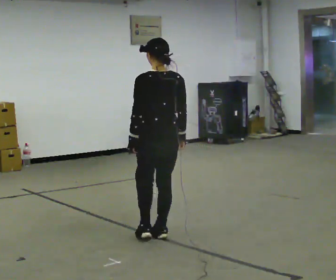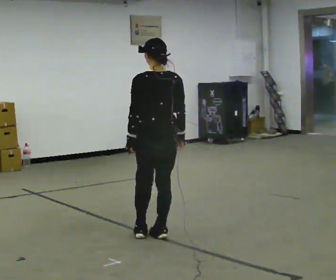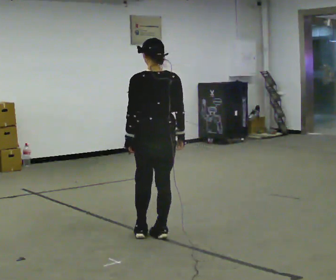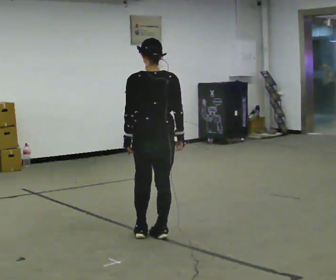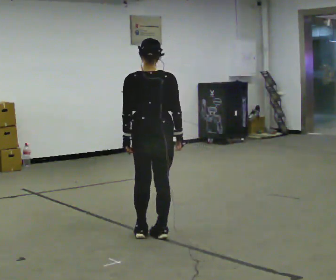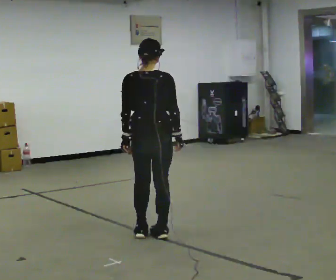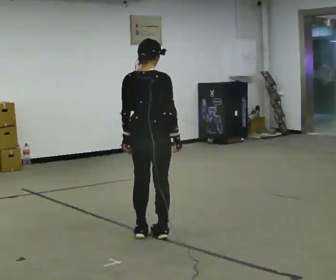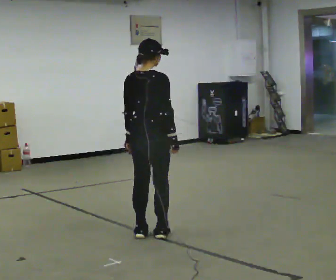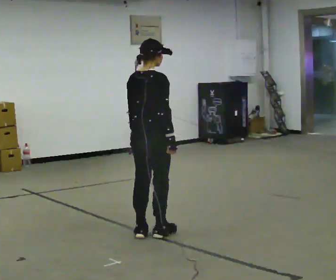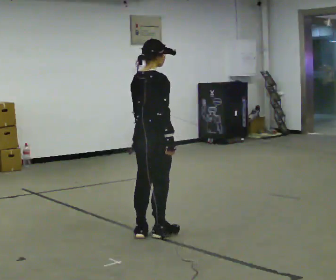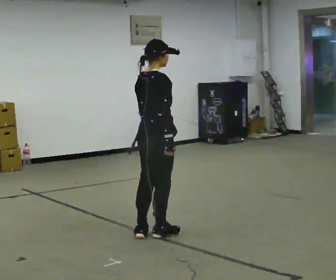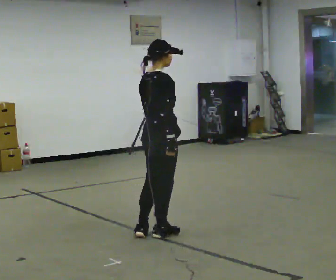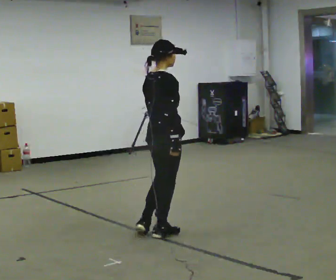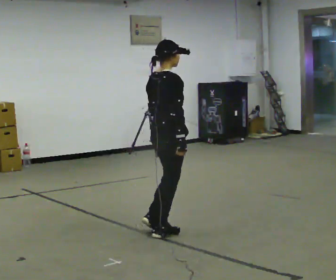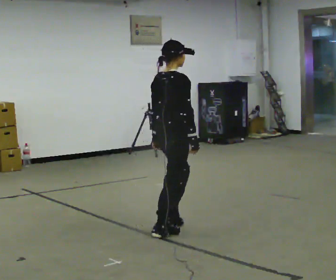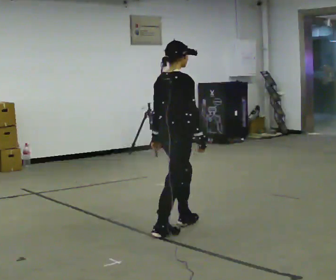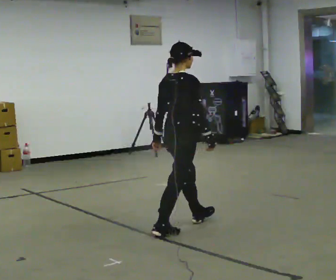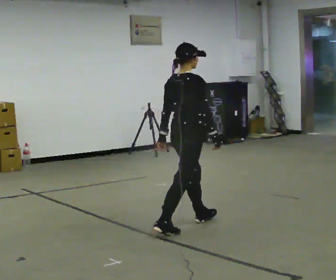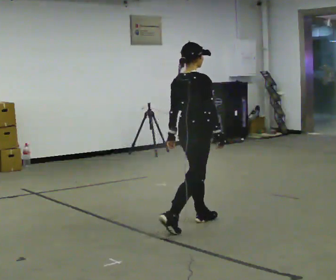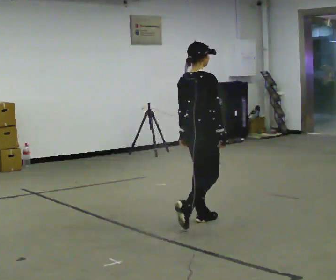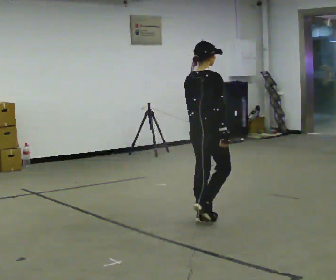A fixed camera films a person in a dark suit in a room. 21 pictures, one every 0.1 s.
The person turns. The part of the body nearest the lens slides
to the left.
The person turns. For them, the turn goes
to their right.
0.0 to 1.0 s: The person turns about 75 degrees to their right, clockwise seen from above, so the part of the body nearest the lens slides to the left.
1.0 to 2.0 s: In the picture they go to the right and away from the camera, about 0.5 m in 1 step, which for them is forward.
The film runs forward here.
